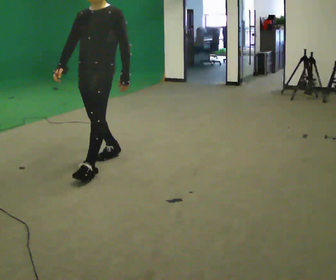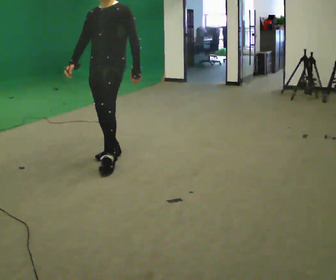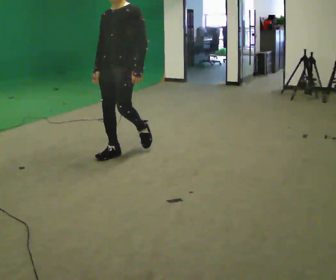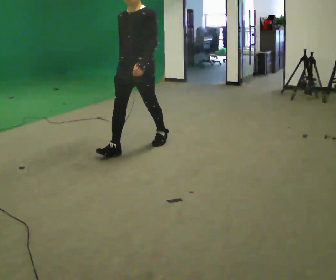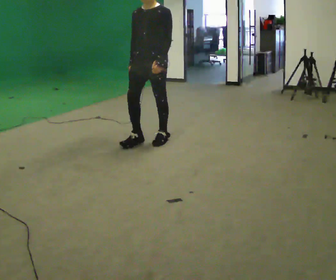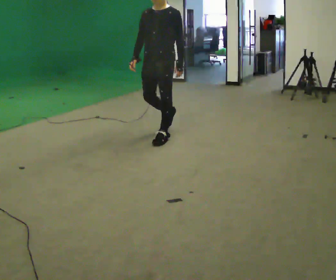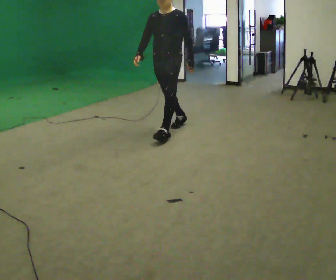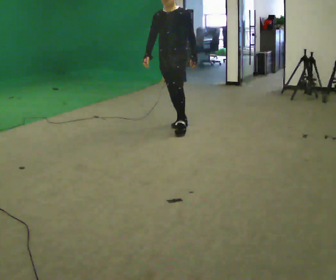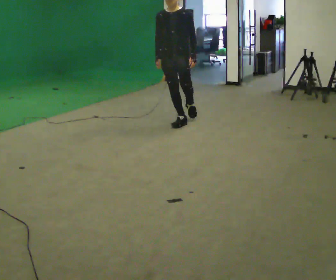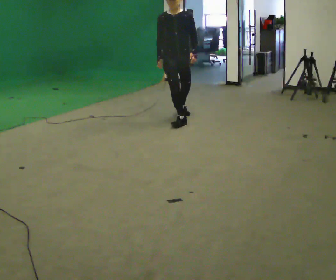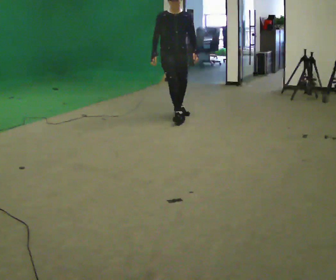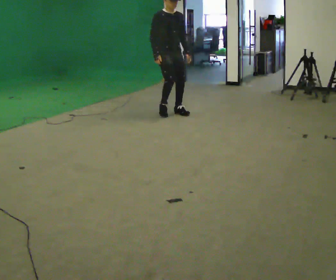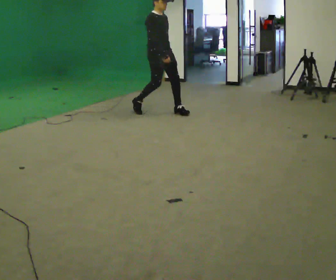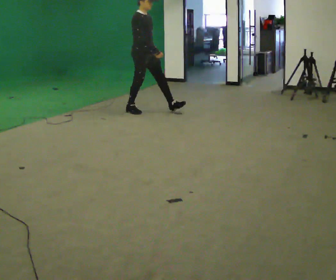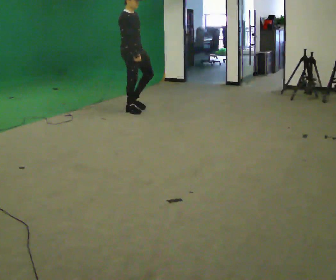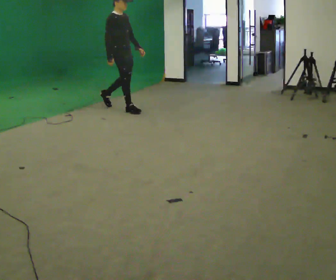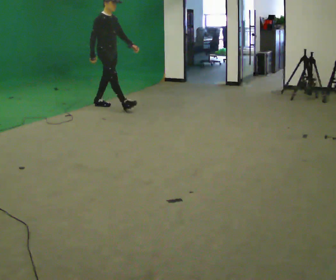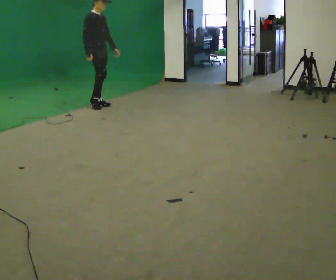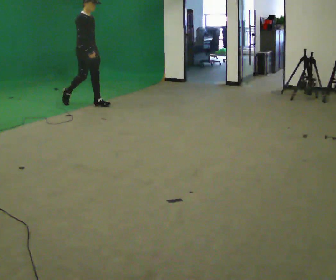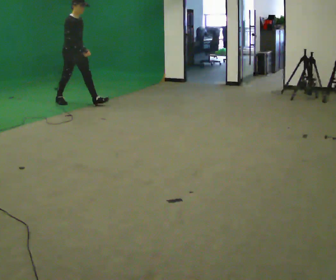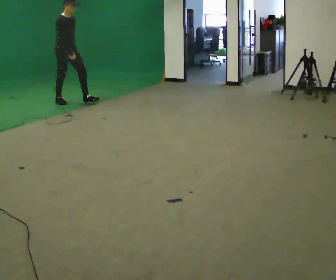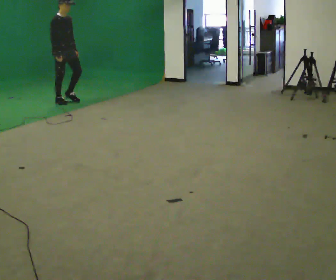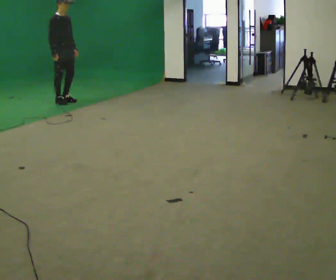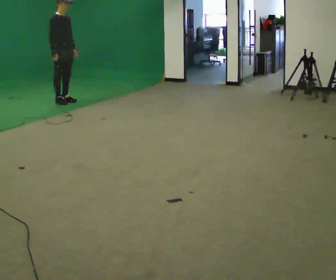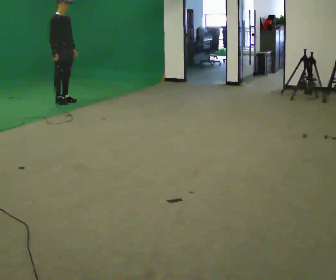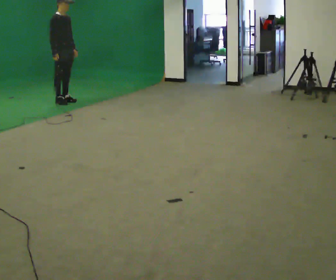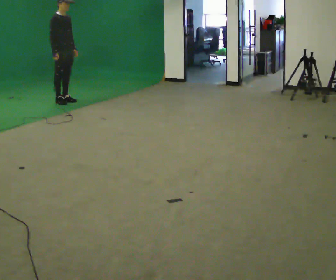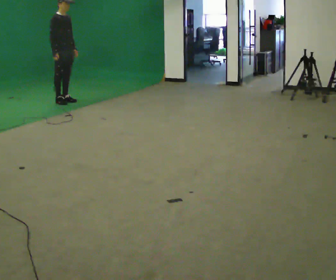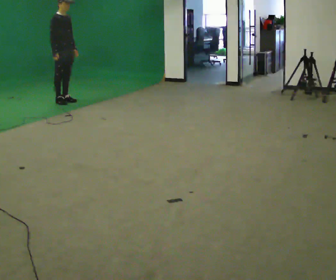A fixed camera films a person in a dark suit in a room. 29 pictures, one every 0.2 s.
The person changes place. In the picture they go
away from the camera.
0.0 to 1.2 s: In the picture they go away from the camera and to the right, about 1 m in 3 steps, which for them is backward.
1.2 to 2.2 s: Seen from above the body turns counterclockwise, about 60 degrees: to their left, with its near side sliding to the right. In the picture they go away from the camera, about 1 m in 1 step.
2.2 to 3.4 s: The person turns about 30 degrees to their left, counterclockwise seen from above, so the part of the body nearest the lens slides to the right. In the picture they go to the left and away from the camera, about 1 m in 2 steps, which for them is backward.
3.4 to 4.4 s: In the picture they go to the left and away from the camera, about 0.75 m in 1 step, which for them is backward.
4.4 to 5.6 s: The person moves a little, or ends about where they began.
The film runs backward here.
